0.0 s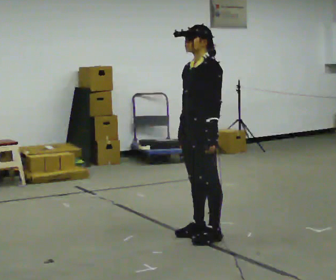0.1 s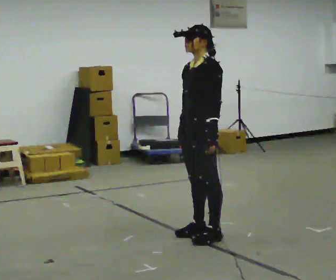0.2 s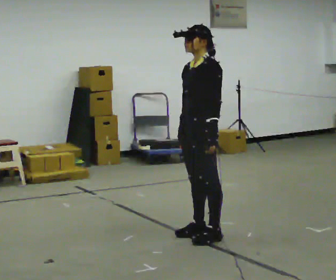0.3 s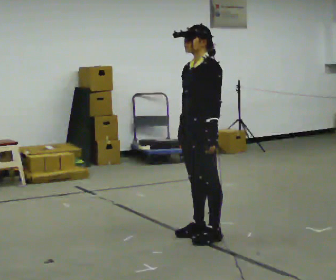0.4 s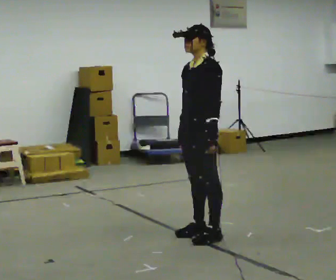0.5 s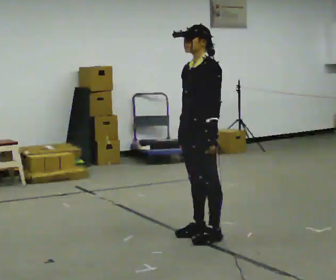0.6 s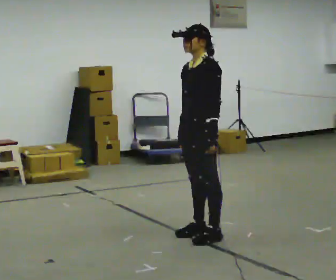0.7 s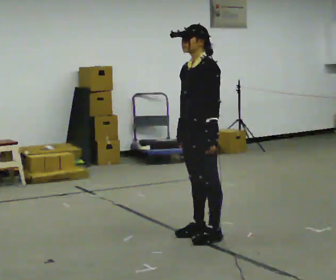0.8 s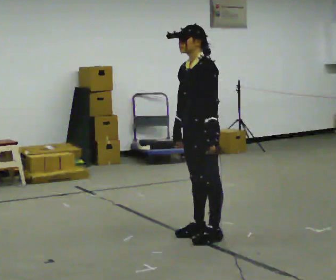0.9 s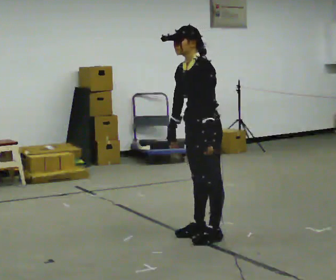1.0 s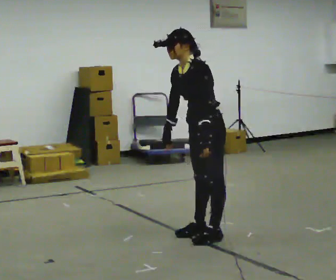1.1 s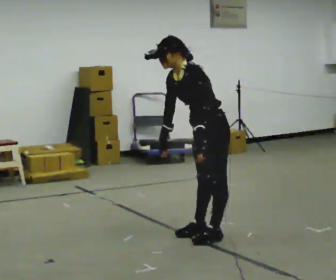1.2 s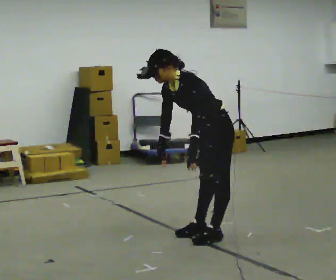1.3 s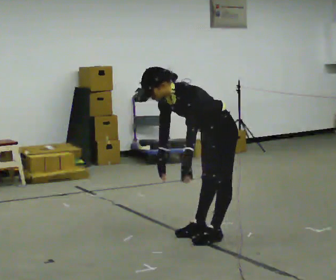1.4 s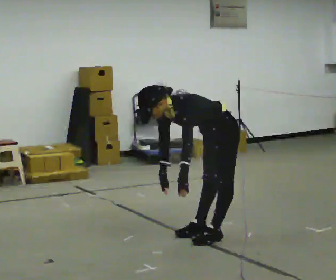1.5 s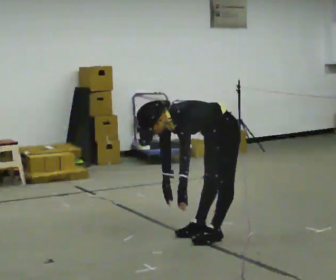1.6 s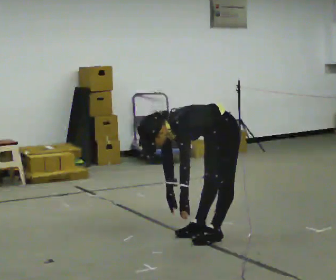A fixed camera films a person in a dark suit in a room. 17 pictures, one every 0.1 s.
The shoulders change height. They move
downward.
Their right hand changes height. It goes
downward.
0.0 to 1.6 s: The shoulders move downward. In the picture the upper body tilts counterclockwise, shoulders to the left, as they bend forward. In the picture their right hand goes downward.
The film runs forward here.
